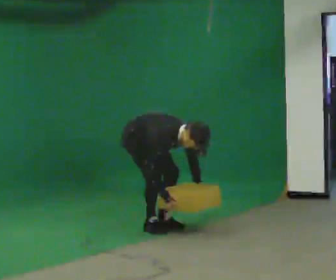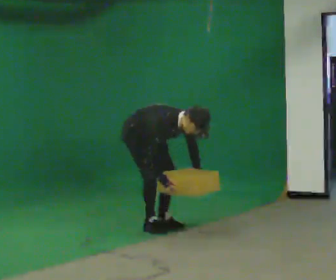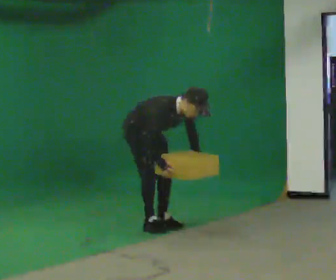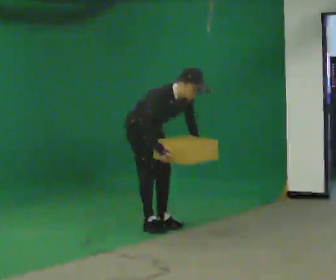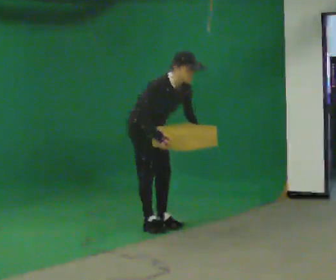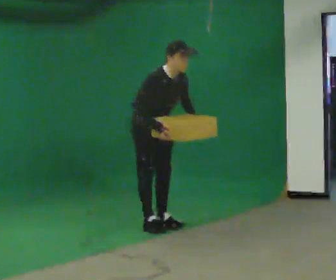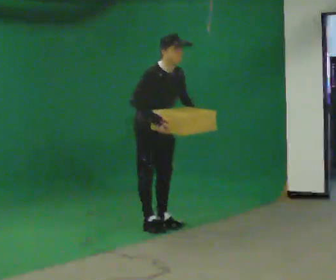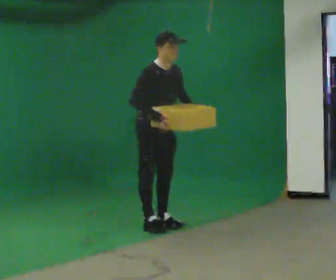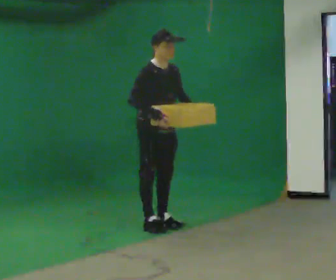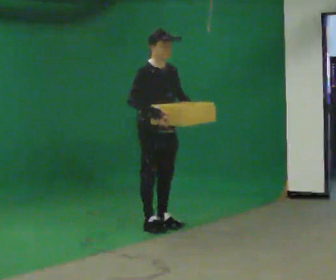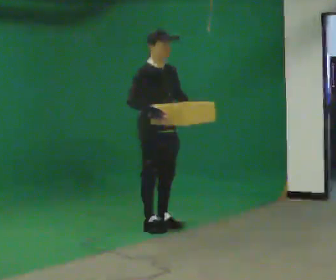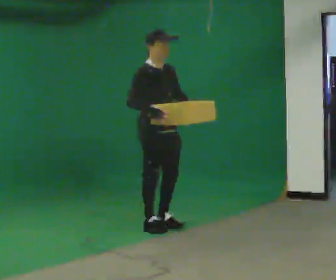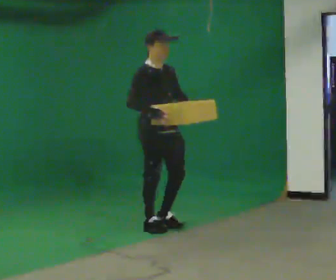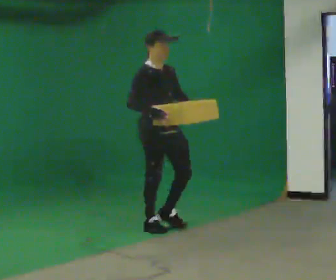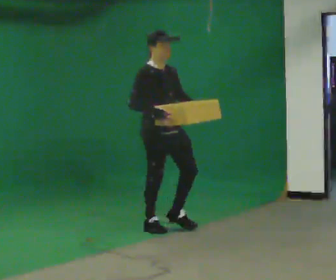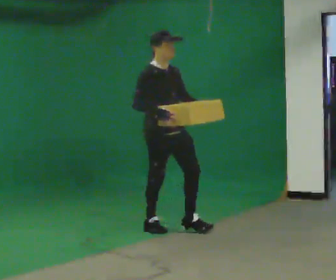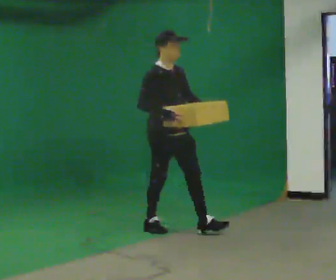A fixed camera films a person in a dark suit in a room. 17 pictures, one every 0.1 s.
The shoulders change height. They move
upward.
Their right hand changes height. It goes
upward.
0.0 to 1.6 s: In the picture they go toward the camera and to the right, about 0.5 m, which for them is forward. The shoulders move upward. In the picture the upper body tilts counterclockwise, shoulders to the left, as they lean back or straighten. In the picture their left hand goes upward.
The film runs forward here.
